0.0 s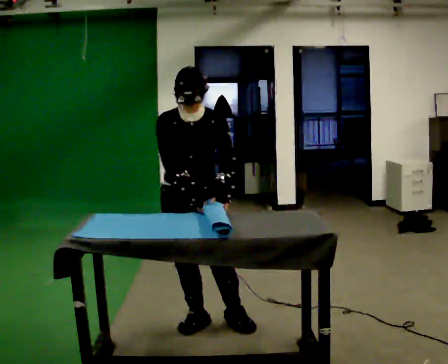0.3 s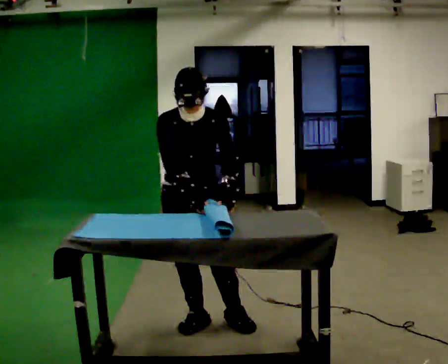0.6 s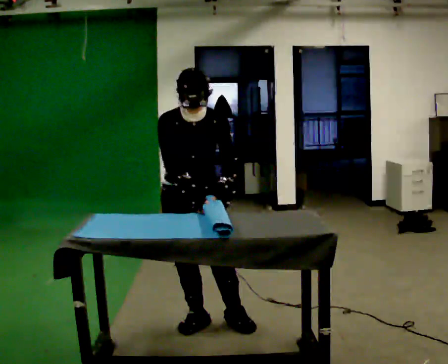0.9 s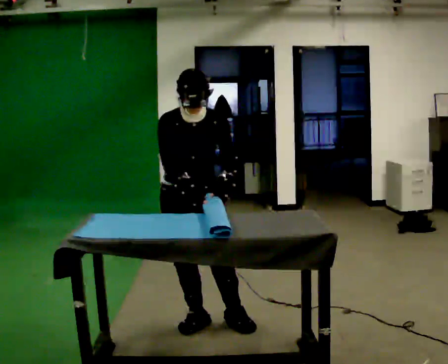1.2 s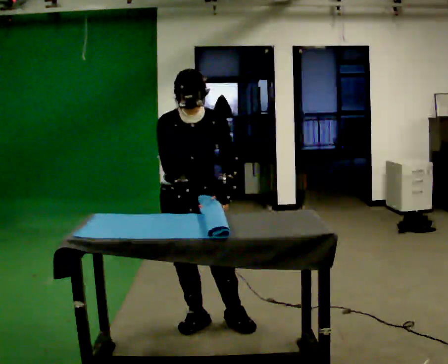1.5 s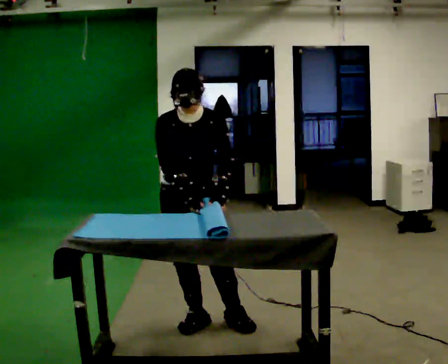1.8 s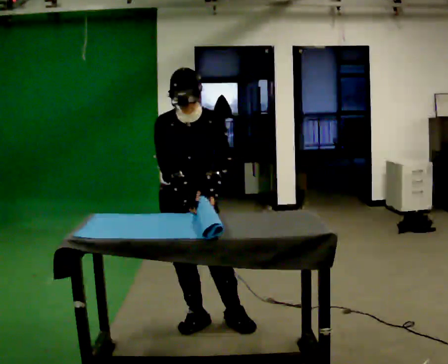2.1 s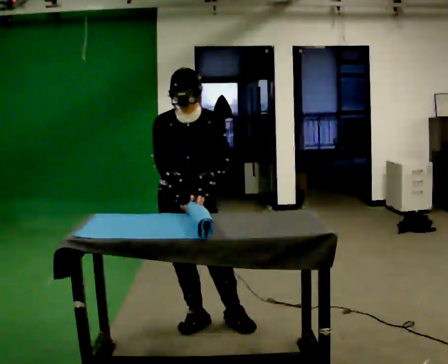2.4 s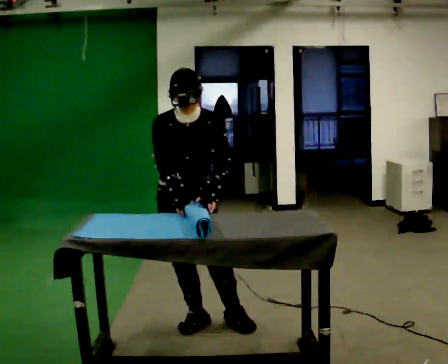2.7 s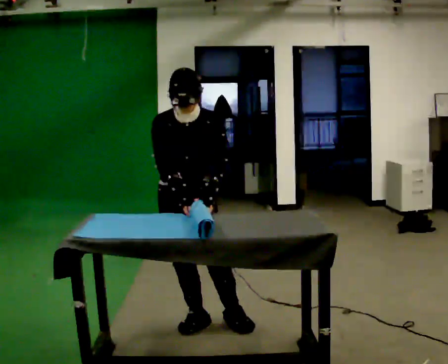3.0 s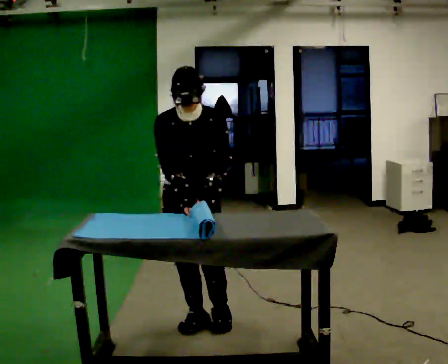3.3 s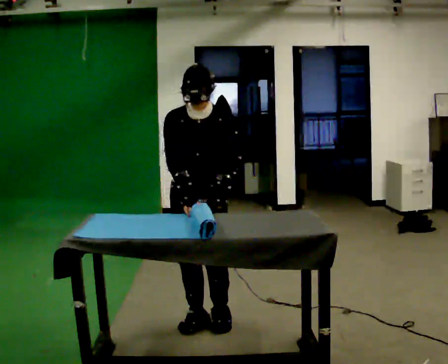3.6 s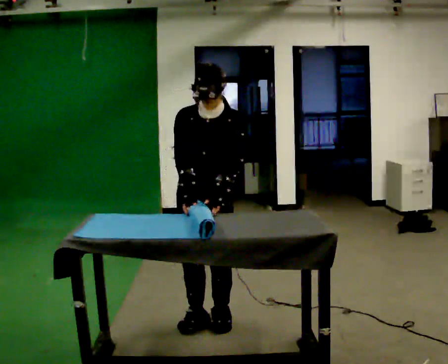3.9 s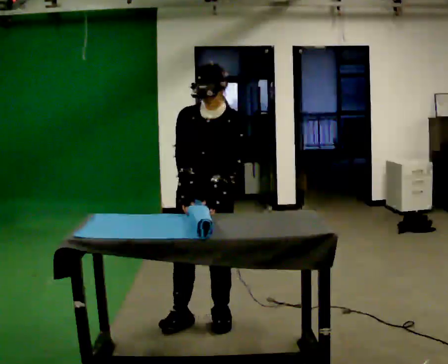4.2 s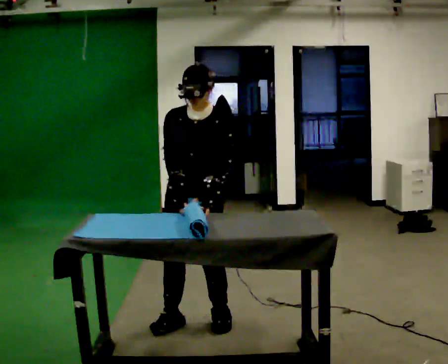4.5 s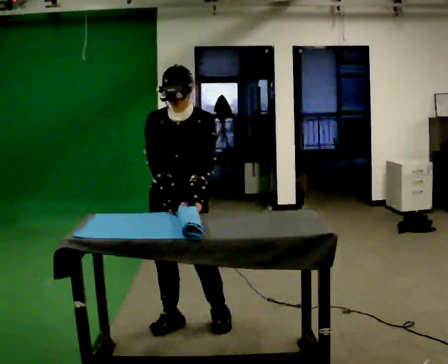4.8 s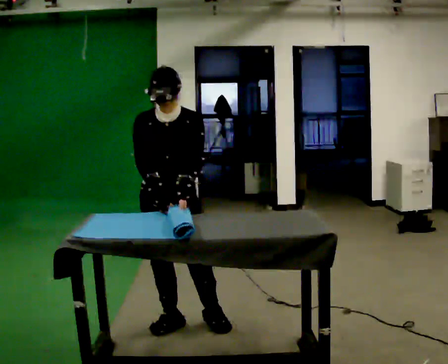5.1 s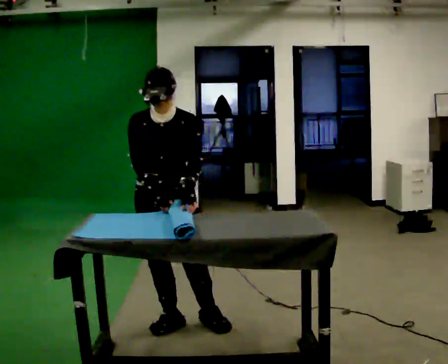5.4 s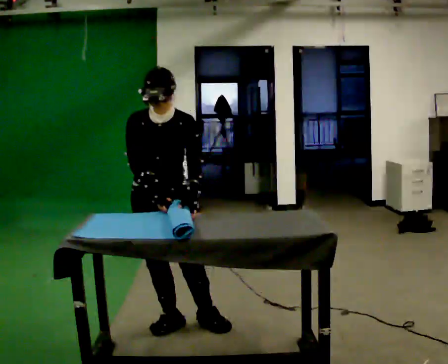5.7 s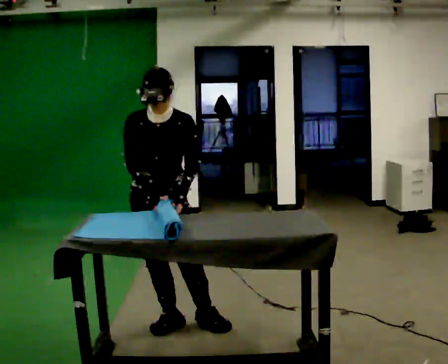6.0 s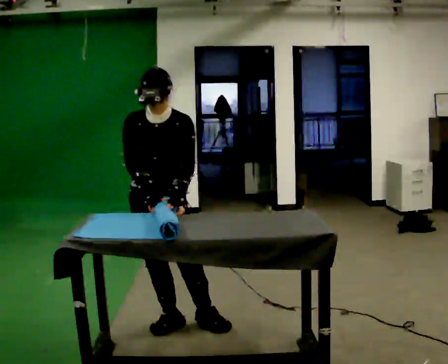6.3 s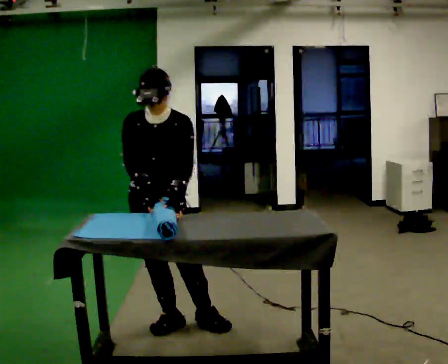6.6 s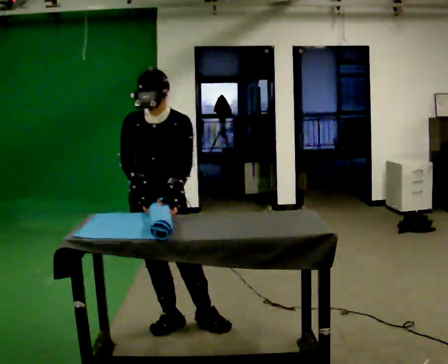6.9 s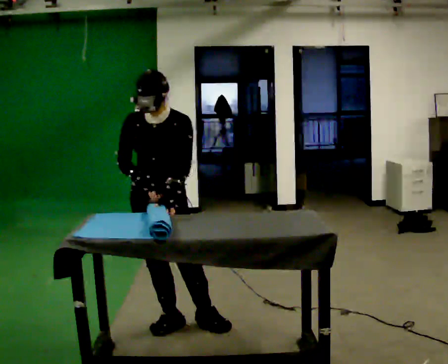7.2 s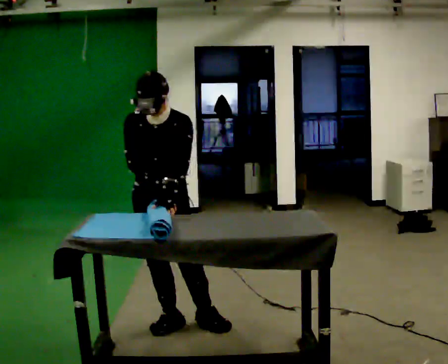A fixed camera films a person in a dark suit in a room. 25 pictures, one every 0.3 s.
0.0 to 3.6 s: The person moves a little, or ends about where they began.
3.6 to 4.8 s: In the picture they go to the left, about 0.25 m in 1 step, which for them is to their right.
4.8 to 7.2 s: The person moves a little, or ends about where they began.
The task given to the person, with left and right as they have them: Roll the mat up from one end, then unroll it again. Repeat at your own pace until the operator says stop.
The film runs forward here.
